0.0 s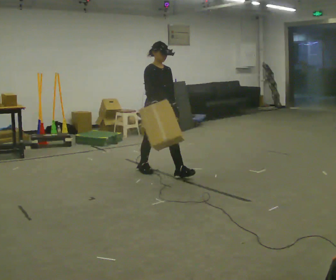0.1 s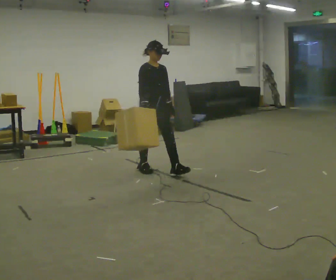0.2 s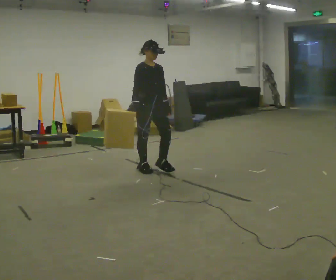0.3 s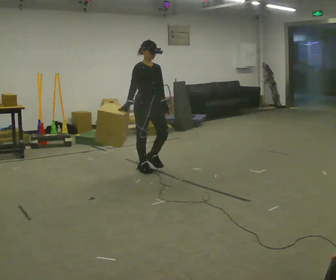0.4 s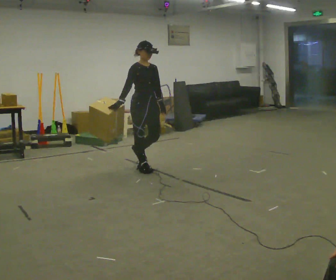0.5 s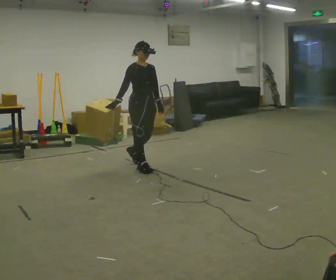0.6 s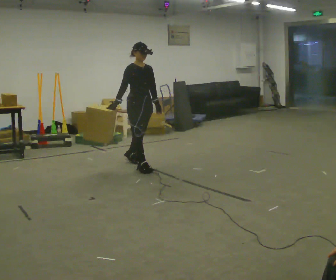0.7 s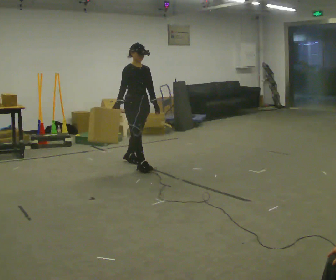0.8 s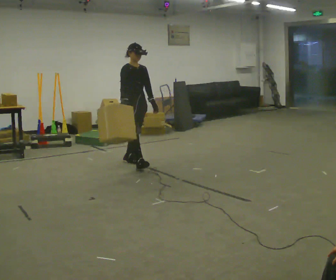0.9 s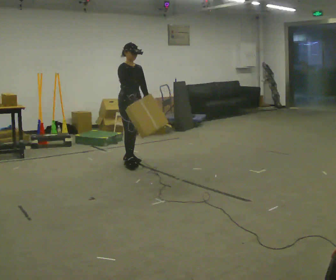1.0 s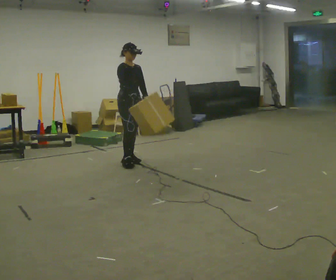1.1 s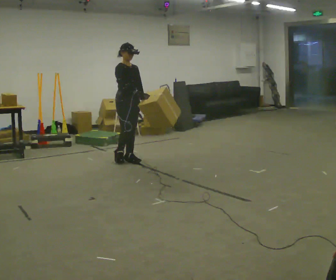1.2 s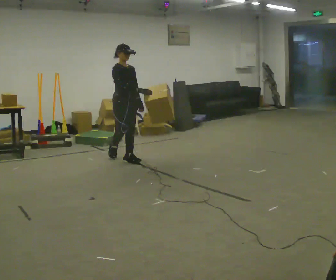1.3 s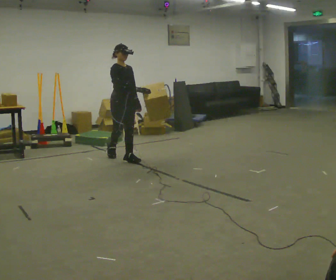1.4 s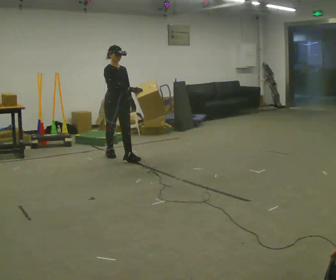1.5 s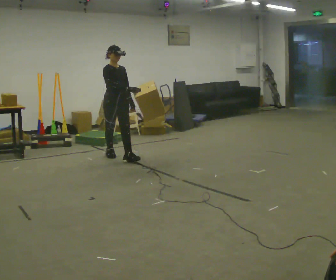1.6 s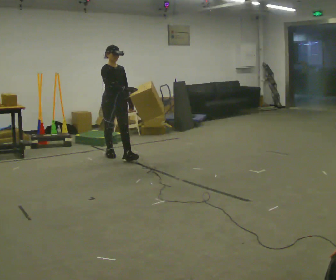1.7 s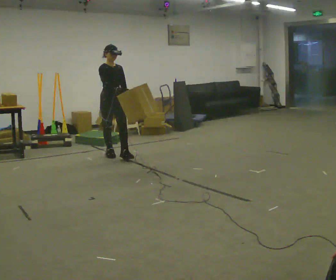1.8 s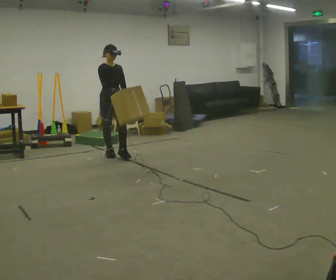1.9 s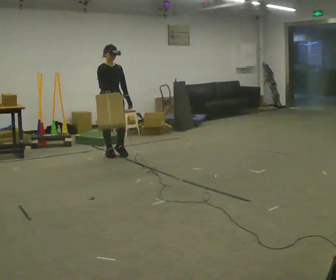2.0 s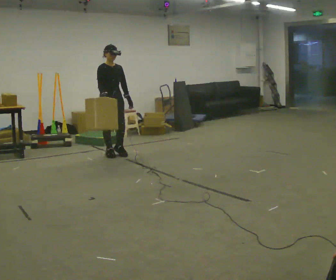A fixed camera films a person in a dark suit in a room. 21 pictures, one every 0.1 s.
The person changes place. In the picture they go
away from the camera.
0.0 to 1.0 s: In the picture they go away from the camera and to the left, about 0.75 m in 1 step, which for them is backward.
1.0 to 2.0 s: In the picture they go away from the camera and to the left, about 0.5 m in 1 step, which for them is backward.
The film runs backward here.
